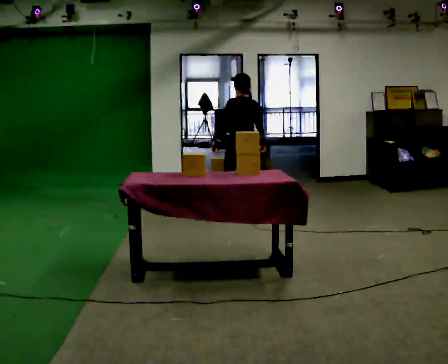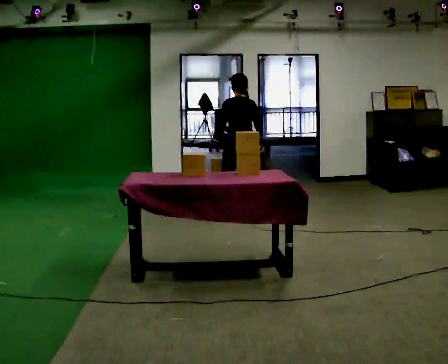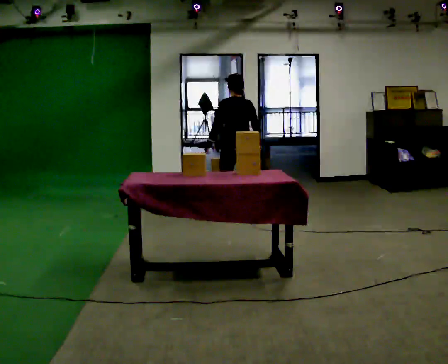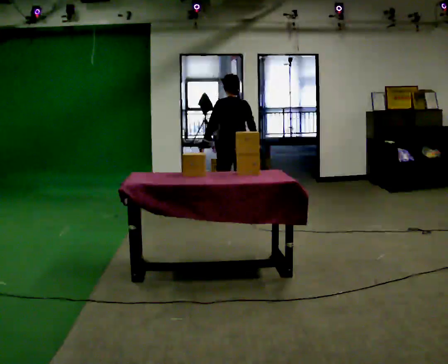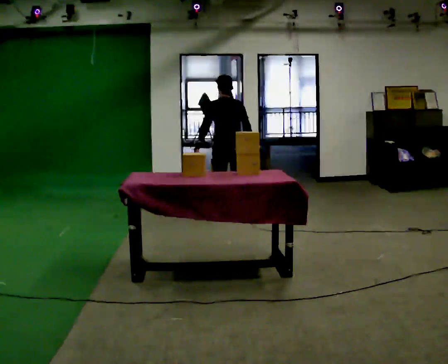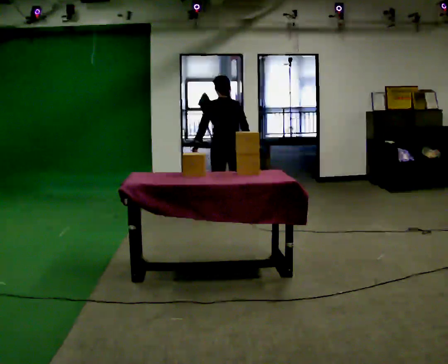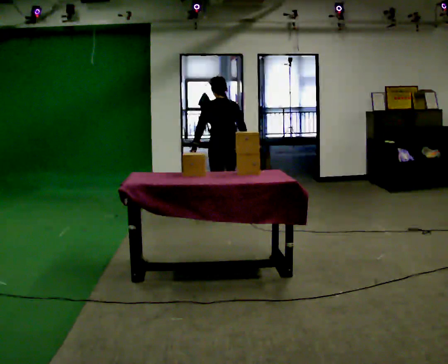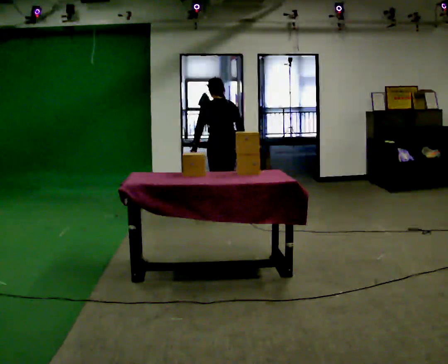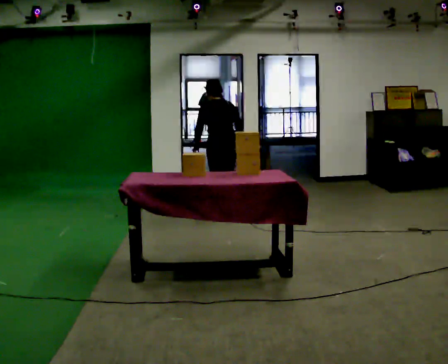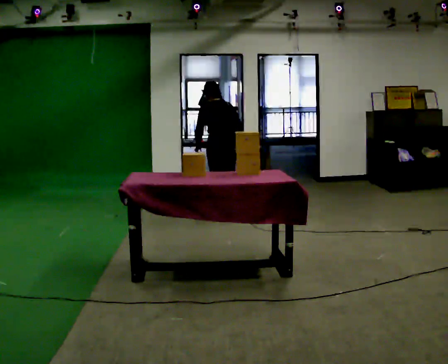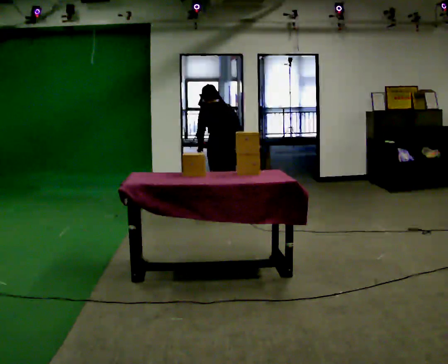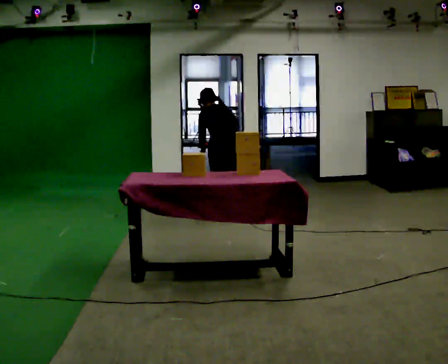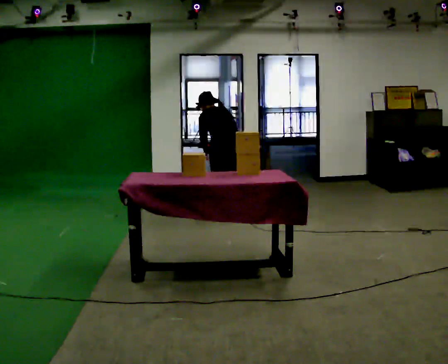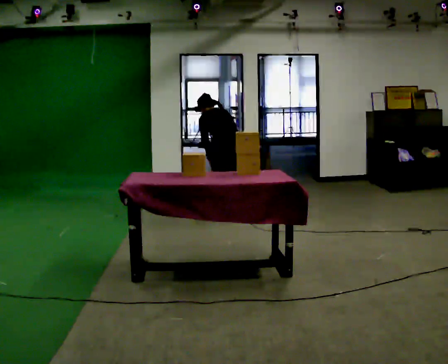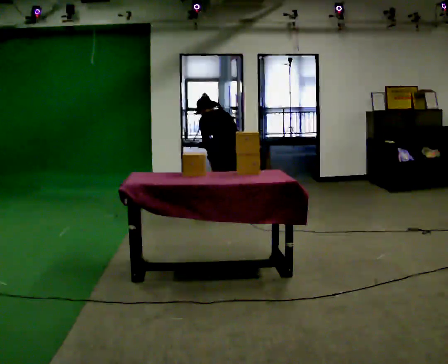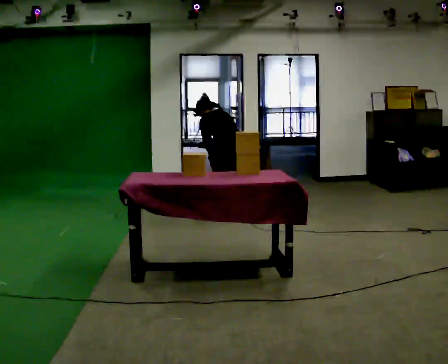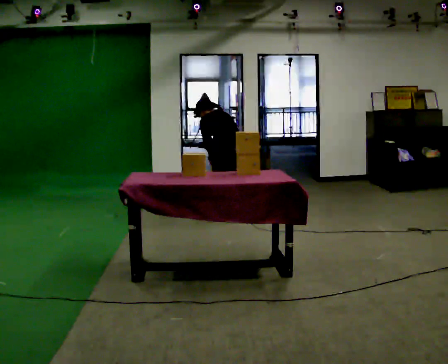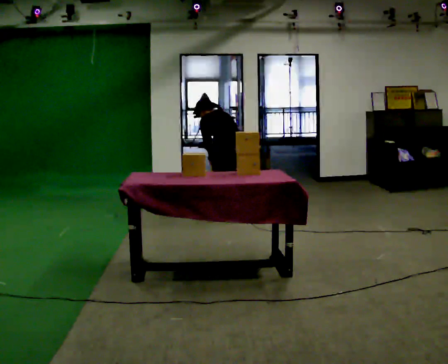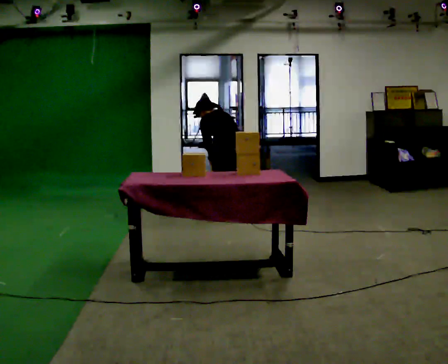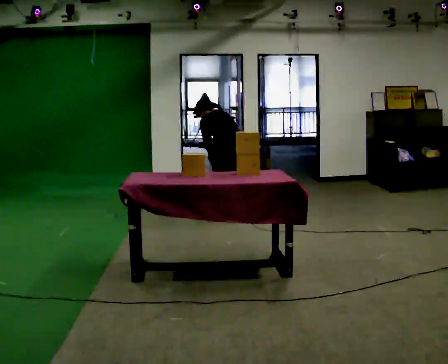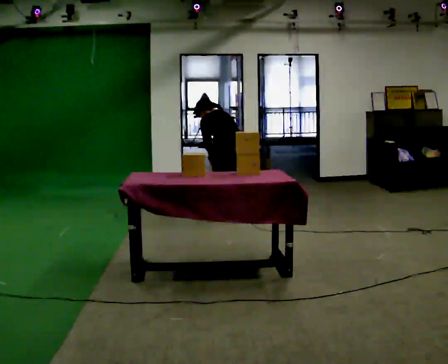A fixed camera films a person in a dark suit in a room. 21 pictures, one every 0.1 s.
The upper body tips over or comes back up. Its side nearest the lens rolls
upward.
0.0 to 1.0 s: The part of the body nearest the lens slides to the left as the person turns to their right by about 30 degrees. In the picture they go to the left, about 0.25 m in 1 step, which for them is to their left. The upper body tips away from the camera, its near side rolling upward, as they bend forward.
1.0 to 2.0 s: The upper body tips away from the camera, its near side rolling upward, as they bend forward.
The film runs backward here.
